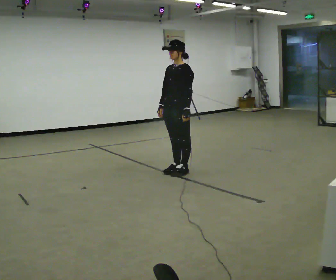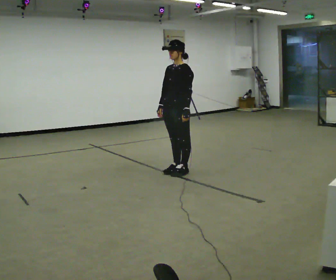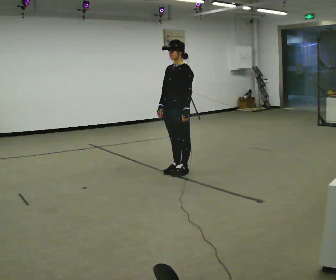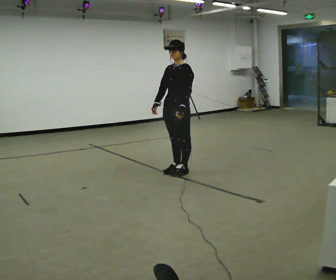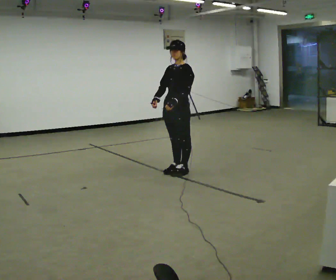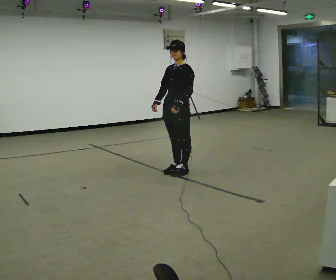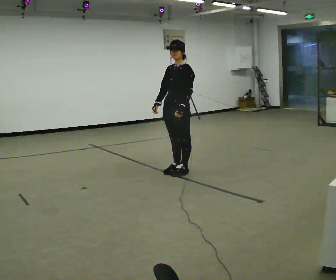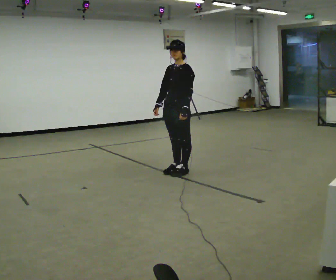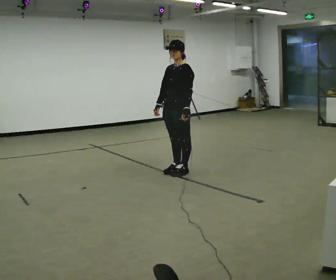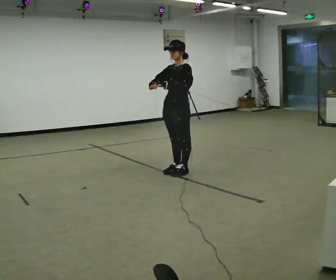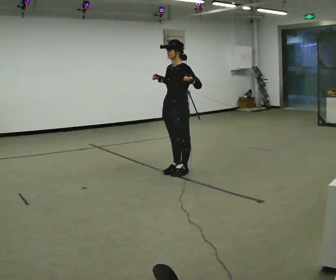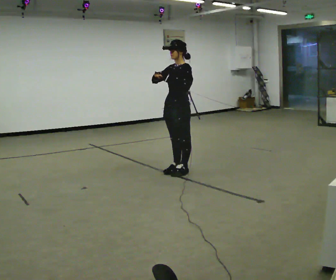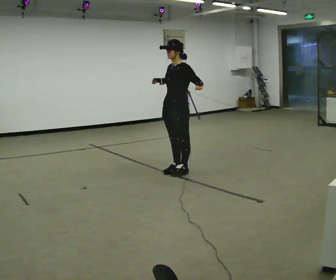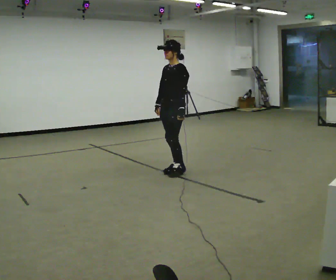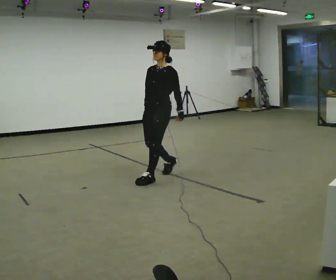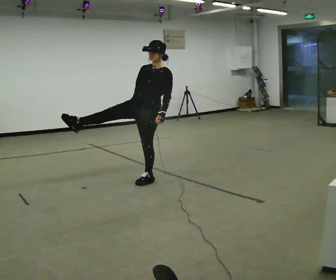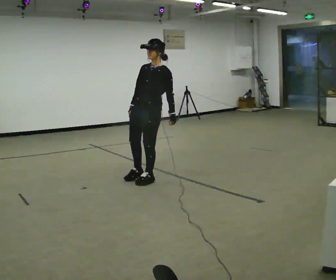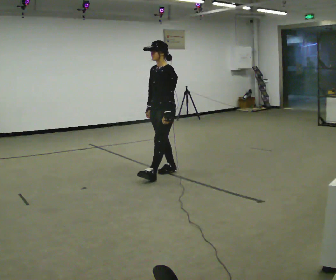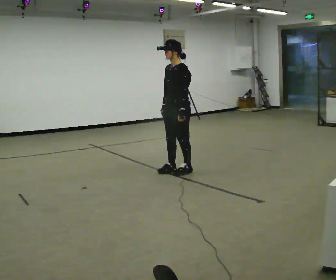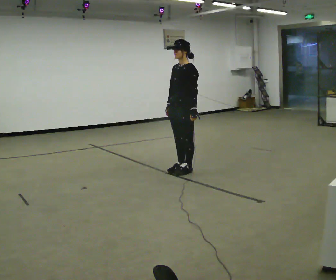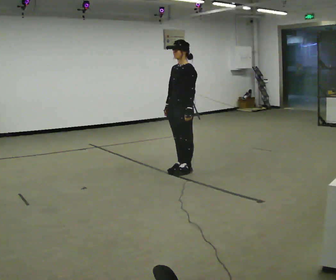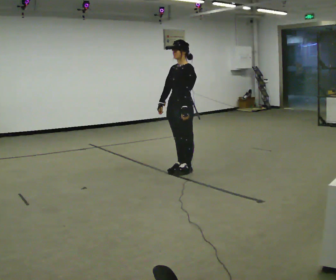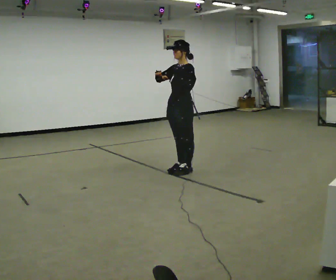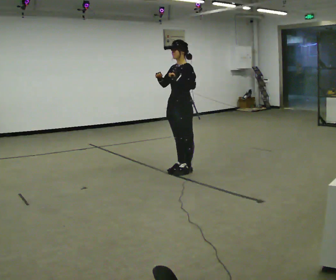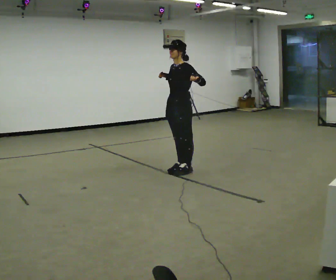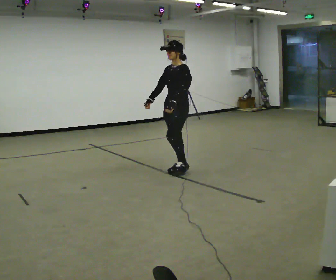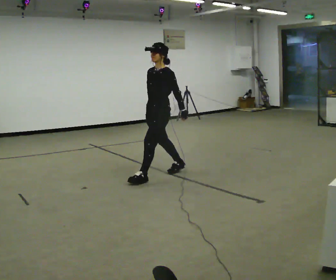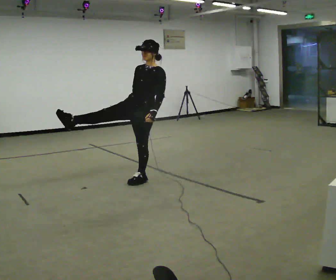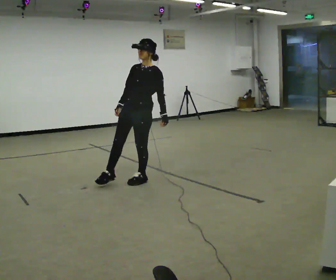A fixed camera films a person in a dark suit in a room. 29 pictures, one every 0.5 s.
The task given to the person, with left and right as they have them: Repeat a short dance step or sequence over and over in time with a steady beat.
0.0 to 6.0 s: In the picture their right hand goes upward.
6.0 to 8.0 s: In the picture they go to the left and toward the camera, about 0.5 m in 2 steps, which for them is forward. In the picture their left hand goes downward.
8.0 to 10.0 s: In the picture they go to the right and away from the camera, about 0.5 m in 2 steps, which for them is backward.
10.0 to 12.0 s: In the picture their left hand goes upward.
12.0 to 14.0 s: In the picture they go to the left and toward the camera, about 0.5 m in 1 step, which for them is forward. In the picture their left hand goes downward.
The film runs forward here.
